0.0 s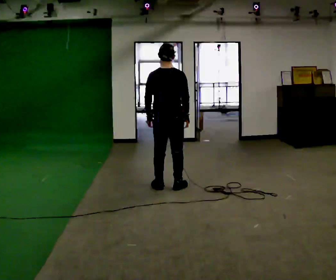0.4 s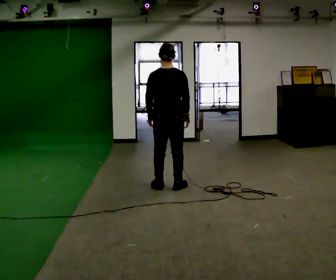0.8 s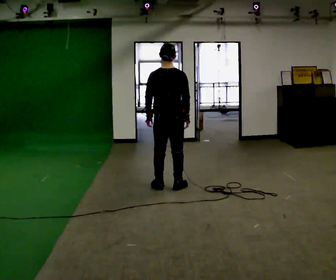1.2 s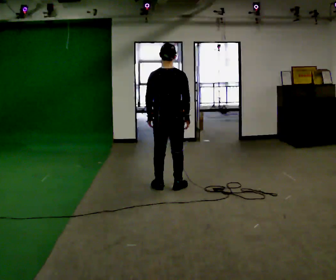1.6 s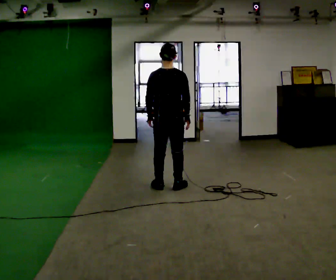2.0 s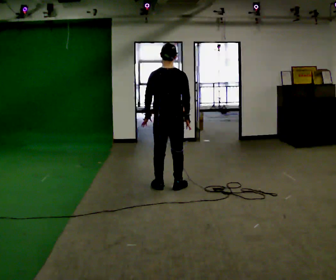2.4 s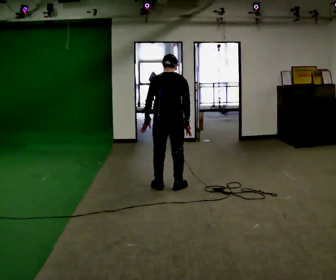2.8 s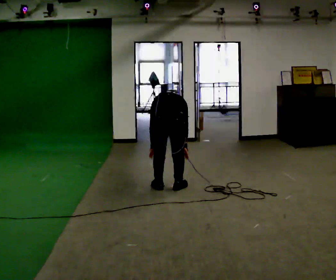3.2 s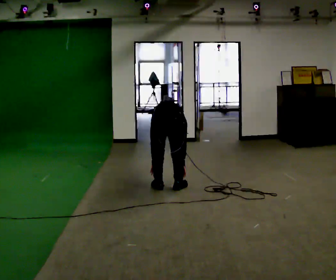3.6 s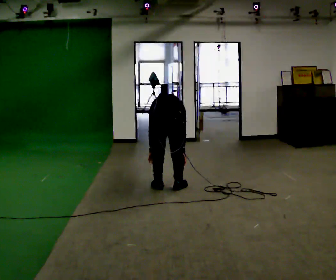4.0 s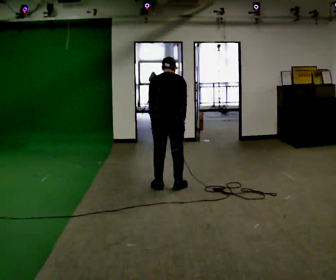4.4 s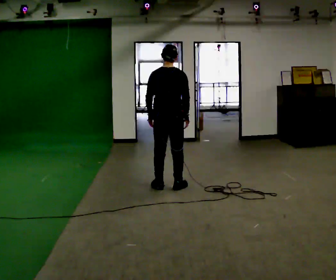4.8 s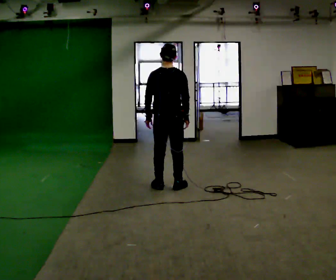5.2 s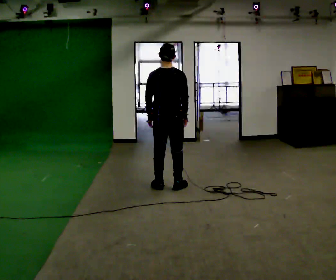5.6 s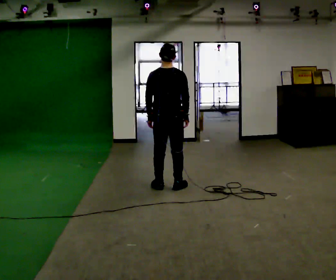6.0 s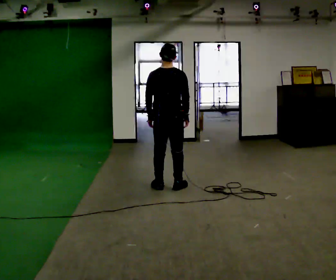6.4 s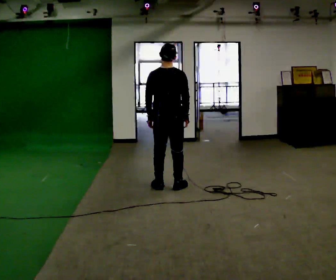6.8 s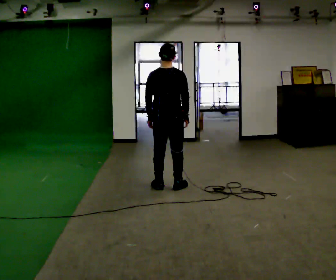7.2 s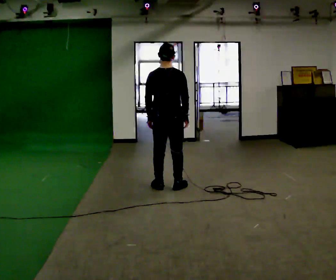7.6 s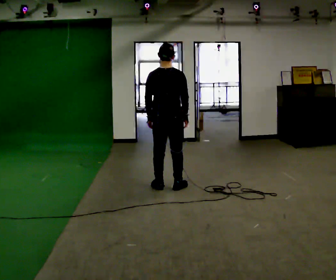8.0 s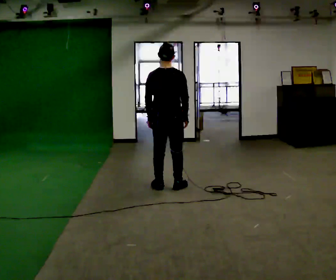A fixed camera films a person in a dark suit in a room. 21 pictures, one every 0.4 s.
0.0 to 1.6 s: The person keeps their place and pose.
1.6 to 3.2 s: In the picture they go toward the camera, about 0.25 m, which for them is backward. The shoulders move downward. The upper body tips away from the camera, its near side rolling upward, as they bend forward. In the picture their right hand goes downward.
3.2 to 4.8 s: In the picture they go away from the camera, about 0.25 m, which for them is forward. The shoulders move upward. The upper body tips toward the camera, its near side rolling downward, as they lean back or straighten. In the picture their right hand goes upward.
4.8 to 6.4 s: The person moves a little, or ends about where they began.
6.4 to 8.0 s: The person keeps their place and pose.
The film runs forward here.
